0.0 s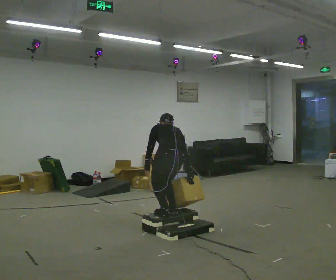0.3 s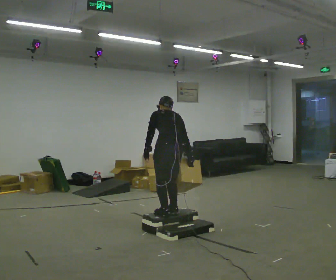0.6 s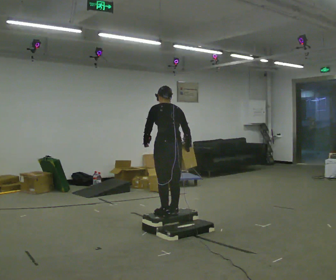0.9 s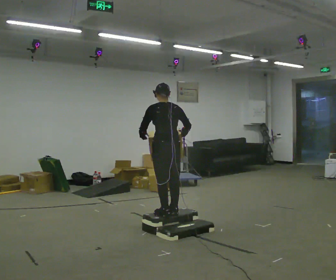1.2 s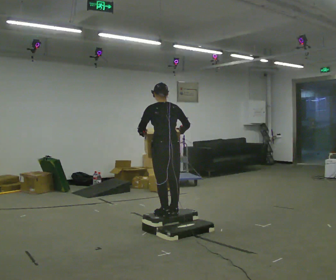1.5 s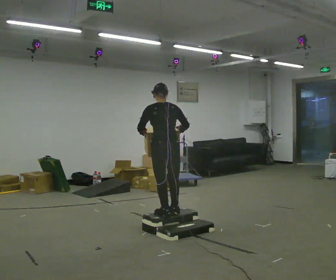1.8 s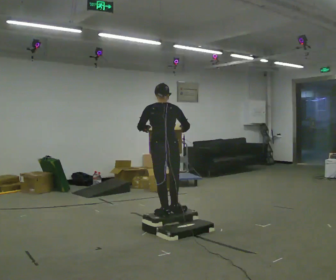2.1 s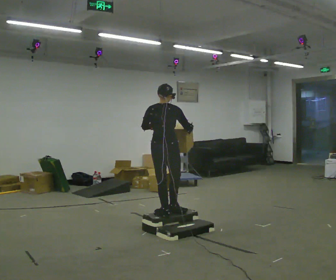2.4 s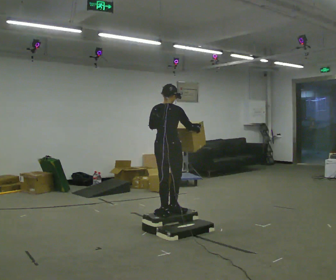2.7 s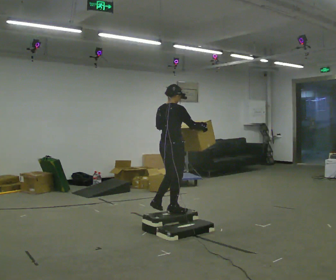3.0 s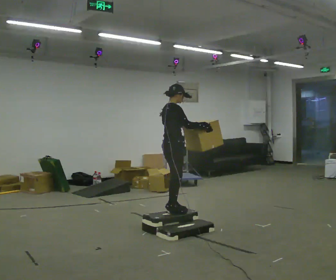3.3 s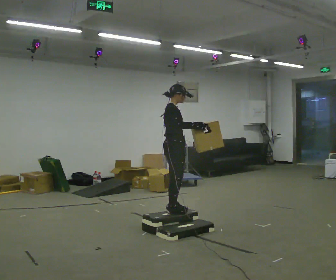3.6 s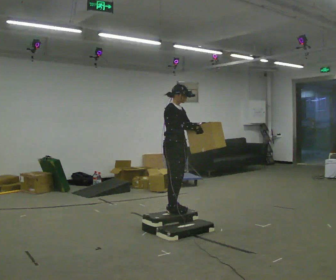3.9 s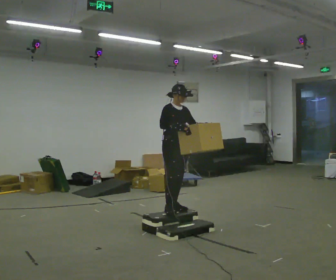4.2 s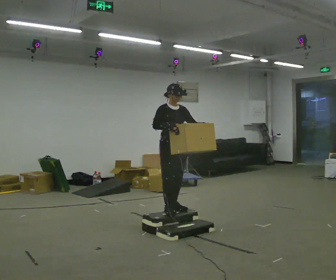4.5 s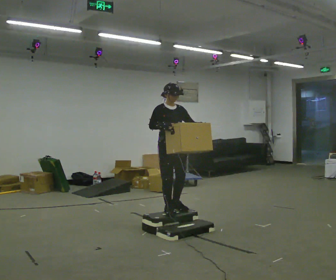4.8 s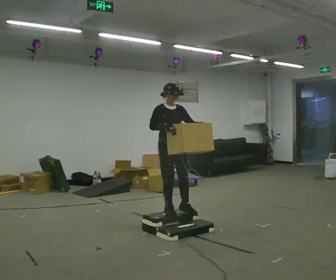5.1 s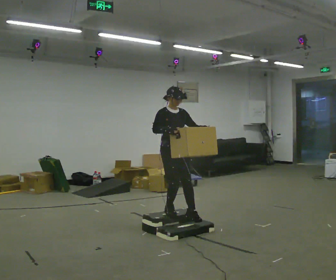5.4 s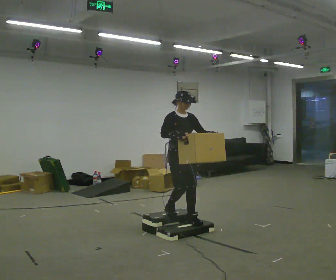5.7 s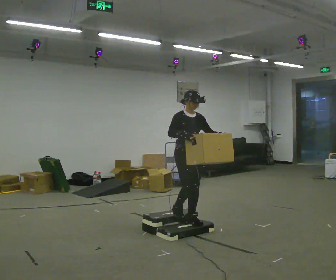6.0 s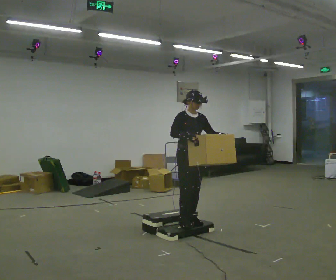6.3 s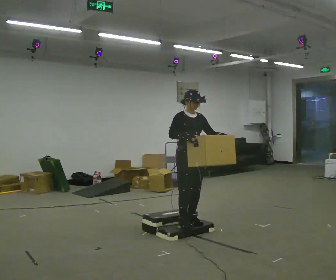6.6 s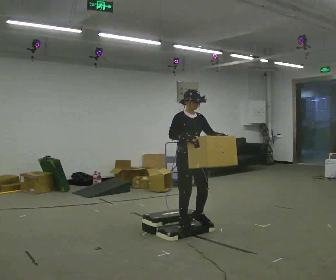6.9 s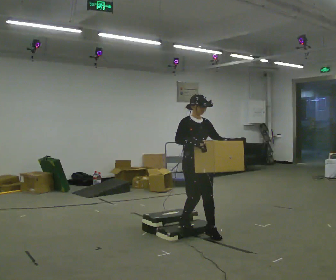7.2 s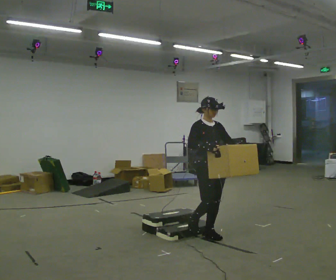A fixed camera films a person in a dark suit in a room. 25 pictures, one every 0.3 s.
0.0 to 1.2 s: The upper body goes upward. The upper body tips toward the camera, its near side rolling downward, as they lean back or straighten. In the picture their right hand goes upward.
1.2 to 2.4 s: The person turns about 45 degrees to their right, clockwise seen from above, so the part of the body nearest the lens slides to the left.
2.4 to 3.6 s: Seen from above the body turns clockwise, about 90 degrees: to their right, with its near side sliding to the left.
3.6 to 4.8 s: Seen from above the body turns clockwise, about 30 degrees: to their right, with its near side sliding to the left.
4.8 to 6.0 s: In the picture they go to the right, about 0.25 m in 1 step, which for them is forward and to their left.
6.0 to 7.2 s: In the picture they go toward the camera and to the right, about 0.25 m in 1 step, which for them is forward.
The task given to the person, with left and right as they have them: Carry the box up the three steps, turn at the top, and carry it back down. Use the handrail only if you need it. Keep going until the operator says stop; one object at a time, and do not rush between trips.
The film runs forward here.
